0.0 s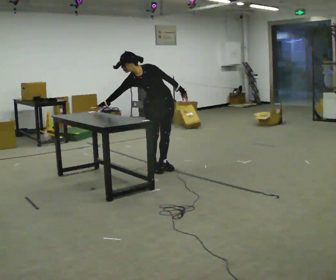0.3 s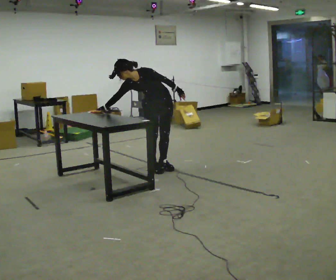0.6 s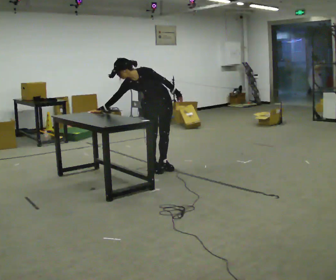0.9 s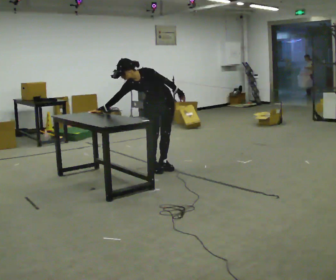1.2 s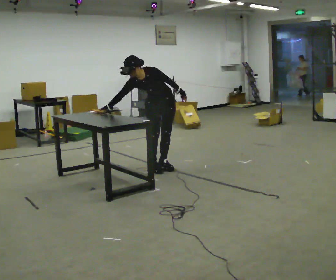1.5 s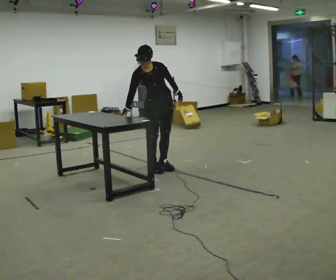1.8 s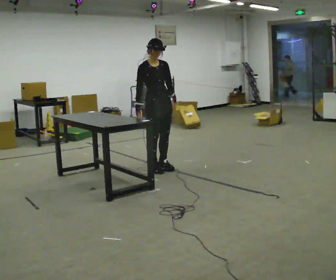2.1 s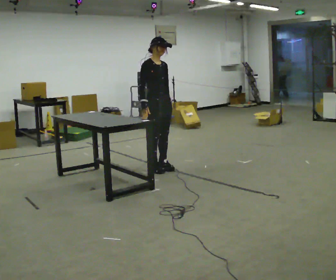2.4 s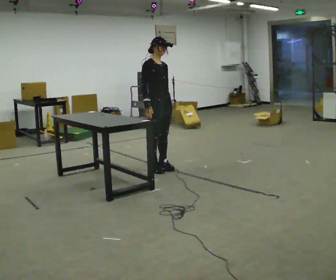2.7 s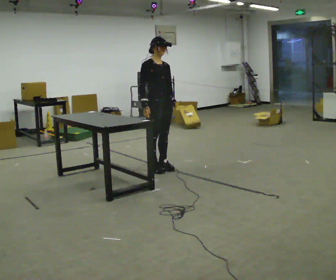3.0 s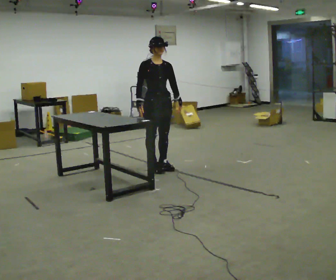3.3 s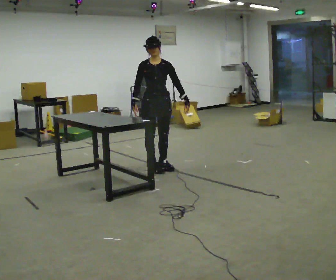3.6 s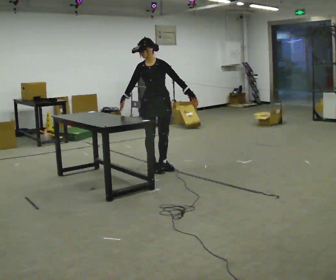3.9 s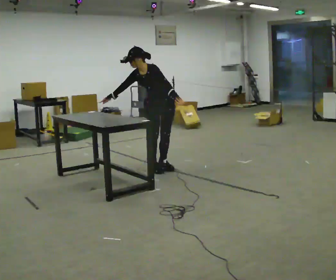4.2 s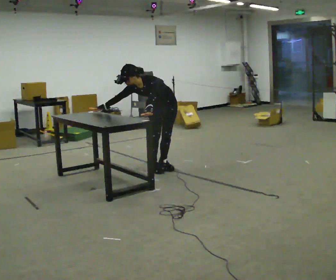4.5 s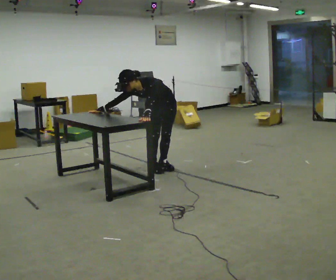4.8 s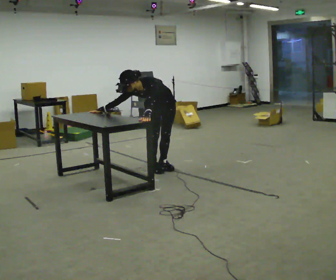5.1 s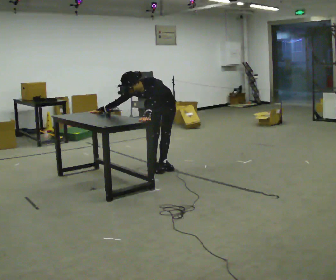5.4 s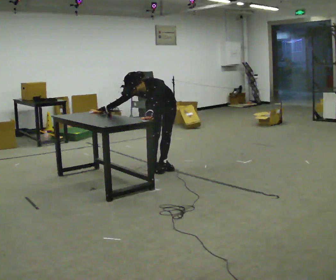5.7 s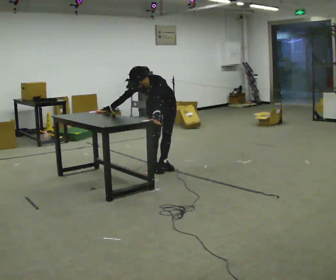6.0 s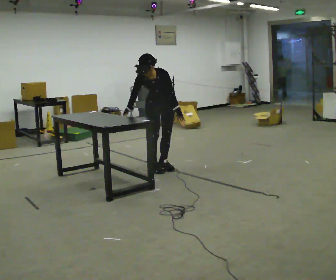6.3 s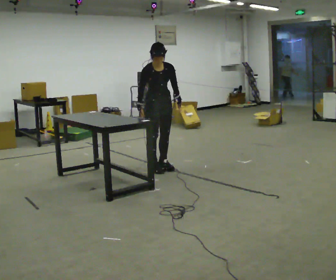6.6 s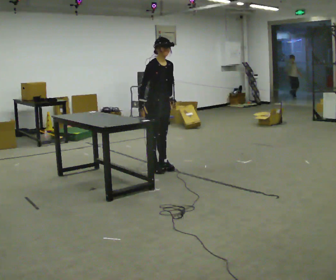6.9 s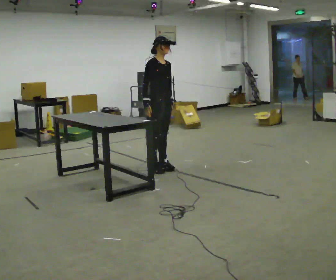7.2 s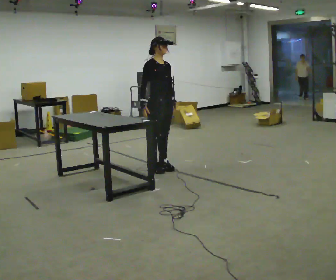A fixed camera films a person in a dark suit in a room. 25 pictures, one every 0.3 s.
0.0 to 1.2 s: The person moves a little, or ends about where they began.
1.2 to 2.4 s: Seen from above the body turns counterclockwise, about 60 degrees: to their left, with its near side sliding to the right. The upper body tips away from the camera, its near side rolling upward, as they lean back or straighten. In the picture their right hand goes to the right.
2.4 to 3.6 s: The part of the body nearest the lens slides to the left as the person turns to their right by about 60 degrees.
3.6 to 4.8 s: The shoulders move downward. The upper body tips toward the camera, its near side rolling downward, as they bend forward. In the picture their left hand goes to the left.
4.8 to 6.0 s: In the picture the upper body tilts clockwise, shoulders to the right, as they lean back or straighten. In the picture their left hand goes to the right.
6.0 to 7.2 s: The part of the body nearest the lens slides to the right as the person turns to their left by about 45 degrees. The upper body tips away from the camera, its near side rolling upward, as they lean back or straighten.
The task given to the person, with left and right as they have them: Touch each numbered target to your side and behind you in the order the operator calls, without moving your feet. Keep both feet on the marked spots for the whole take. If you have to step, stop and tell the operator.
The film runs forward here.
